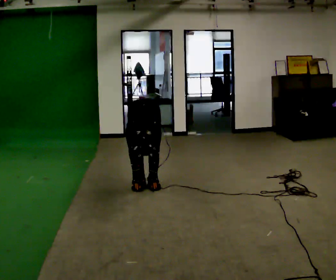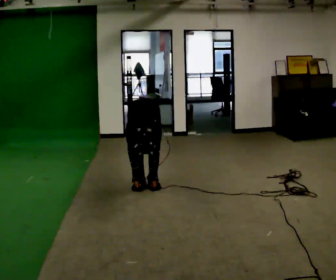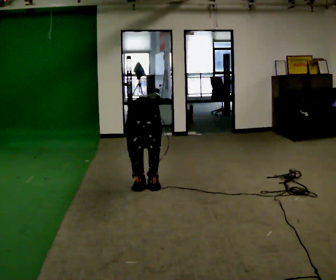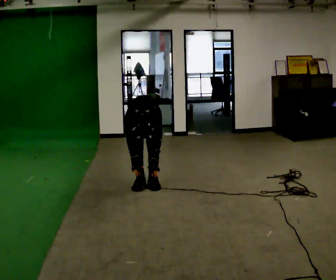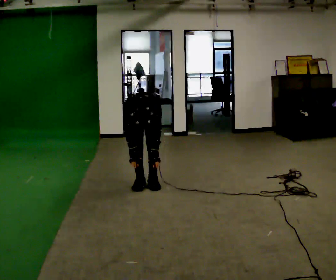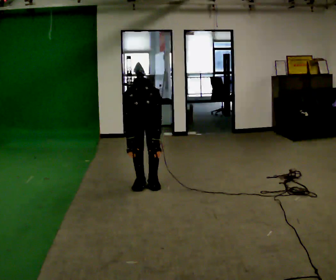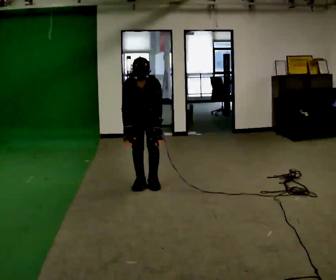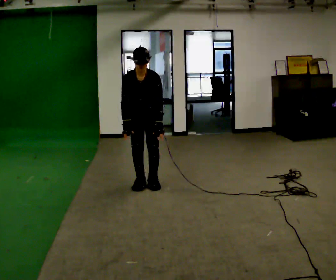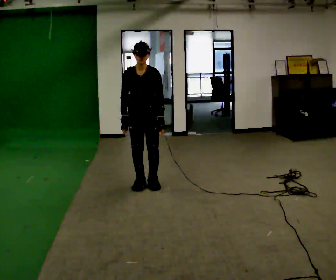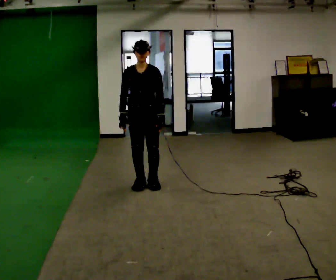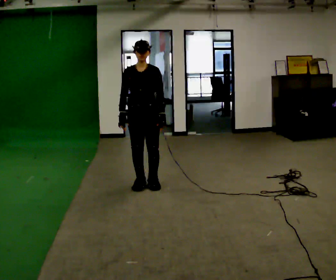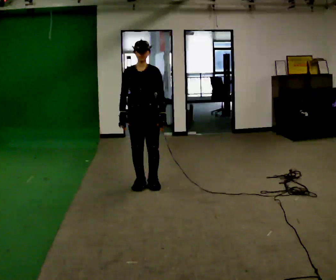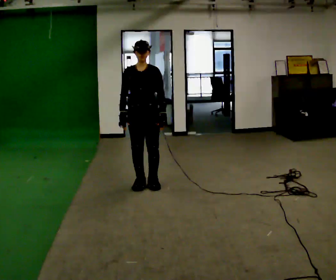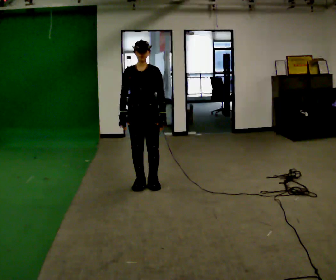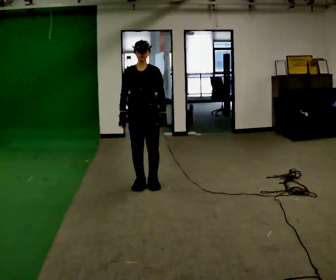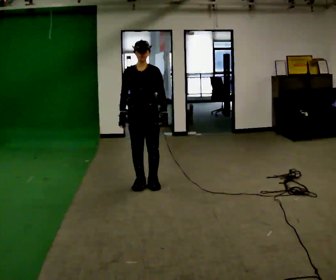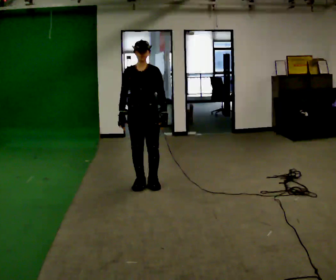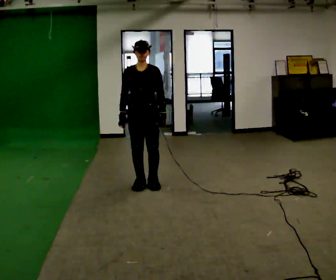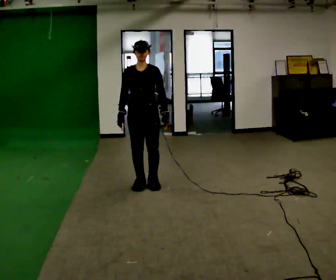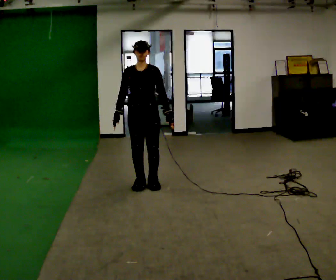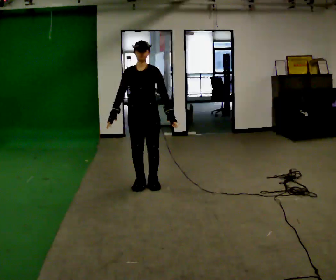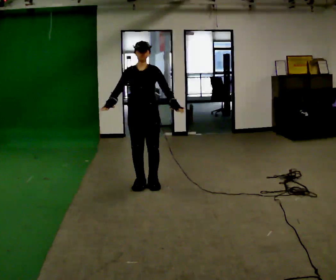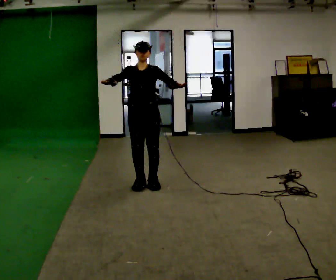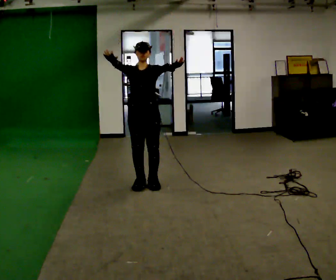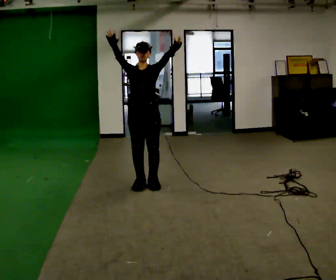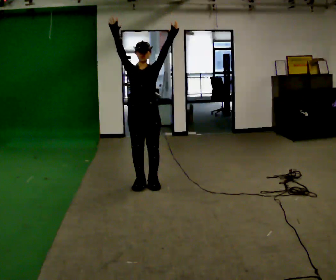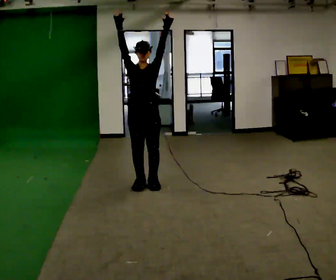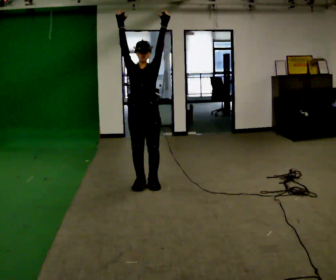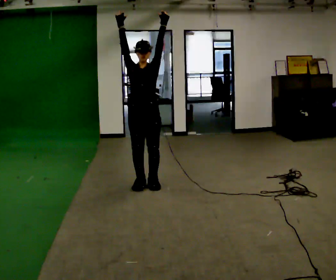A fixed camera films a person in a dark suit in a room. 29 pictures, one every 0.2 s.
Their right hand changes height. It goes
upward.
Their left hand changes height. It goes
upward.
0.0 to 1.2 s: The upper body goes upward. The upper body tips away from the camera, its near side rolling upward, as they lean back or straighten. In the picture their right hand goes upward.
1.2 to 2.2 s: The upper body tips away from the camera, its near side rolling upward, as they lean back or straighten.
2.2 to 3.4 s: The person moves a little, or ends about where they began.
3.4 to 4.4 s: In the picture their right hand goes upward.
4.4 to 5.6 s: In the picture their right hand goes upward.
The film runs backward here.
